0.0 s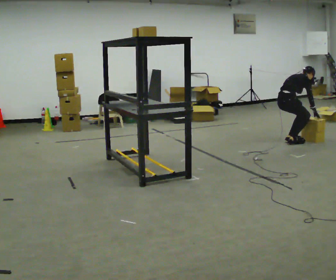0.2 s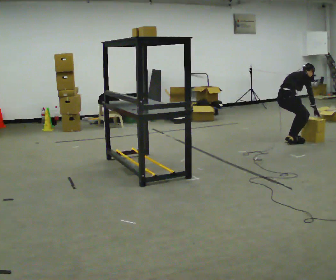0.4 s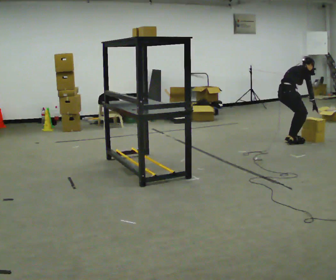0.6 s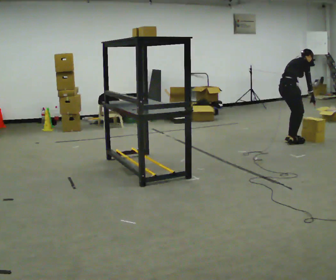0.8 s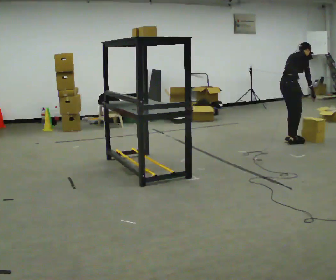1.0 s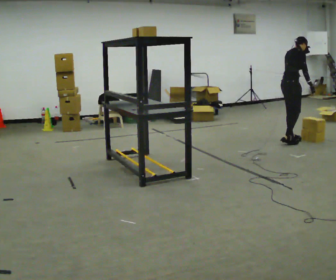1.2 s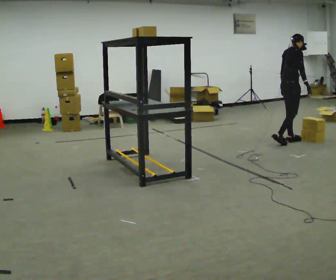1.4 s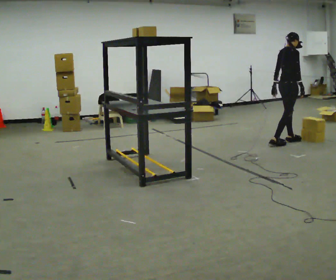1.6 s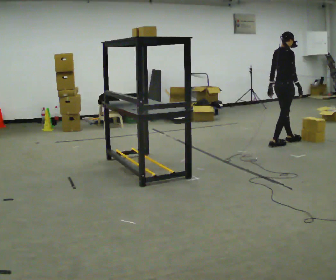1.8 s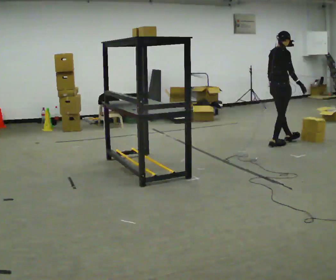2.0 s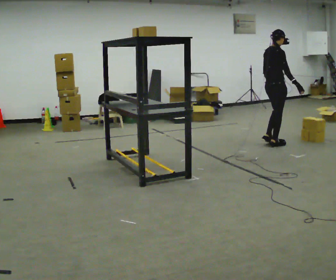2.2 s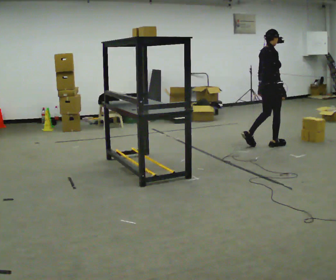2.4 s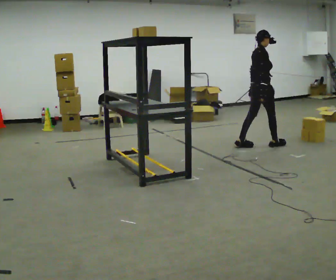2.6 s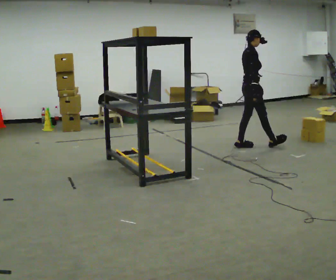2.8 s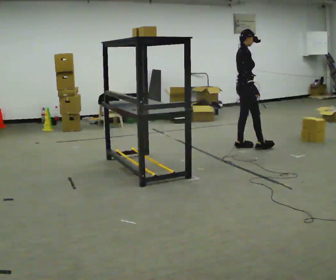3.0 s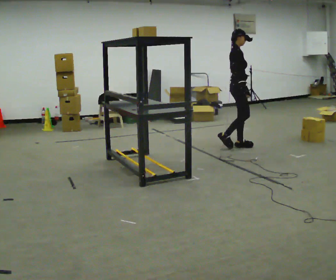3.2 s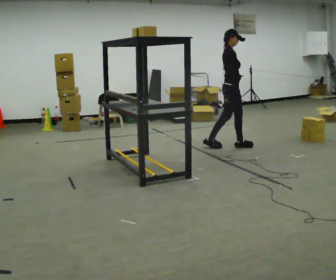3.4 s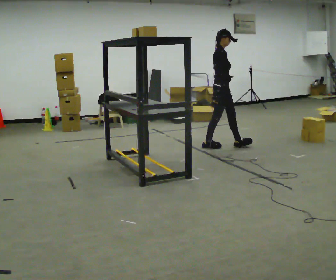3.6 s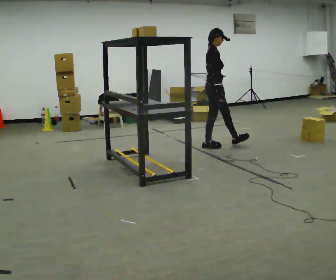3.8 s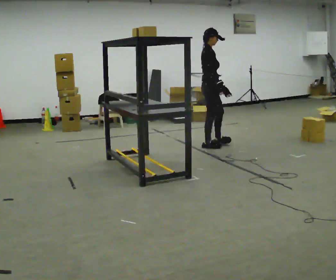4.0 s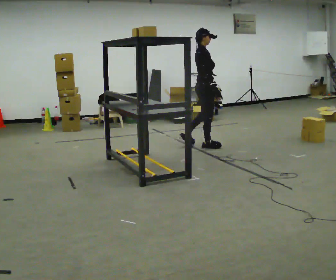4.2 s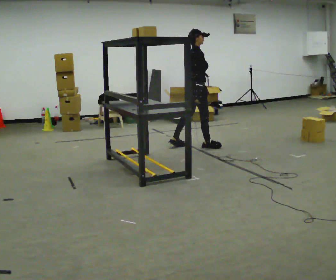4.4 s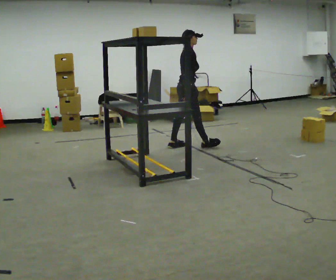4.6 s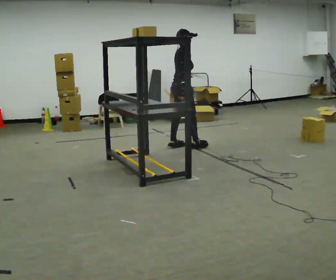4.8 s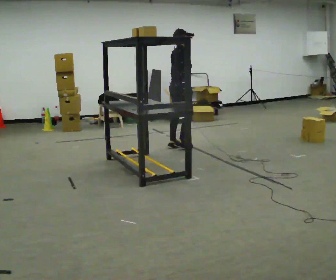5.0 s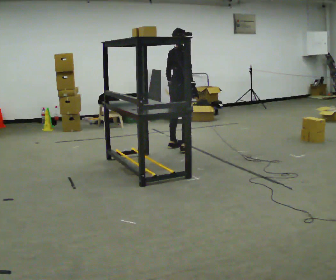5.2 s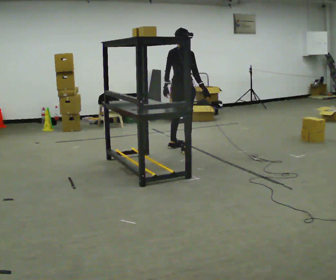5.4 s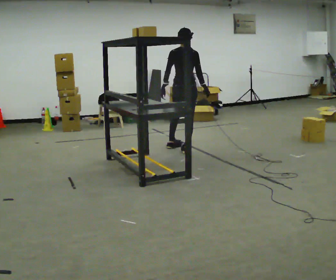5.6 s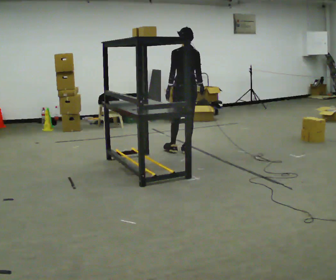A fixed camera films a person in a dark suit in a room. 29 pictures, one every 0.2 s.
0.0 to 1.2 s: The shoulders move upward. In the picture the upper body tilts counterclockwise, shoulders to the left, as they lean back or straighten. In the picture their right hand goes upward.
1.2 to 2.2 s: In the picture they go to the left and toward the camera, about 0.25 m in 1 step, which for them is backward.
2.2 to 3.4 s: Seen from above the body turns clockwise, about 45 degrees: to their right, with its near side sliding to the left. In the picture they go to the left, about 0.75 m in 1 step, which for them is backward.
3.4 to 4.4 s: The person turns about 30 degrees to their left, counterclockwise seen from above, so the part of the body nearest the lens slides to the right. In the picture they go to the left, about 0.5 m in 1 step, which for them is backward.
4.4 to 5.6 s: The person turns about 90 degrees to their left, counterclockwise seen from above, so the part of the body nearest the lens slides to the right. In the picture they go toward the camera, about 0.25 m in 2 steps.
The film runs backward here.
